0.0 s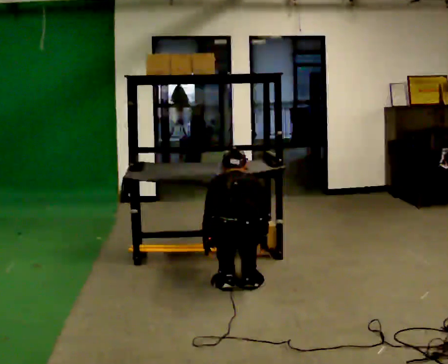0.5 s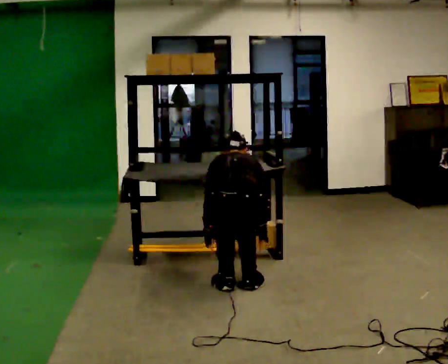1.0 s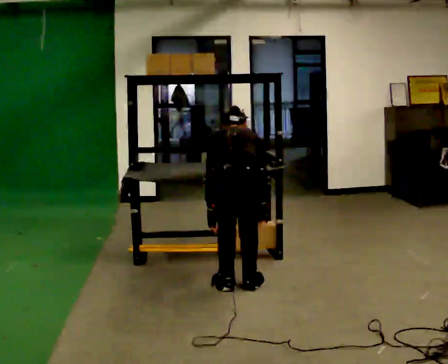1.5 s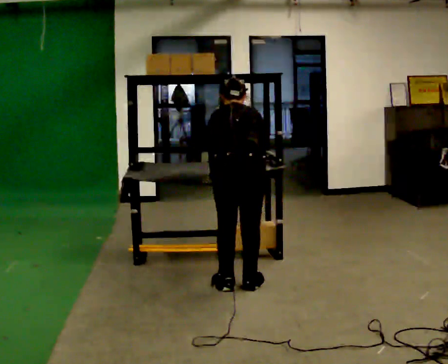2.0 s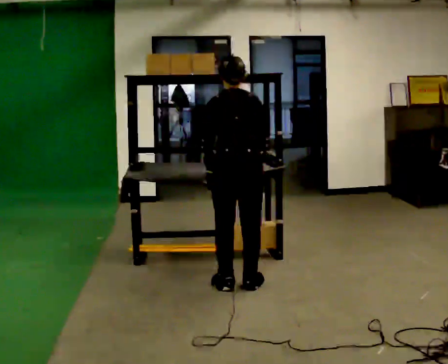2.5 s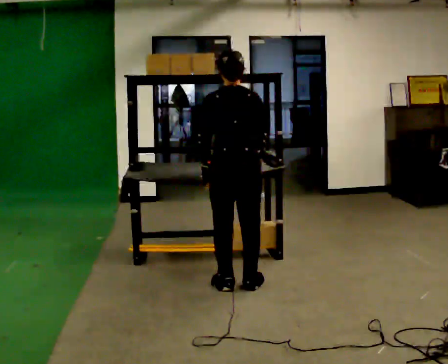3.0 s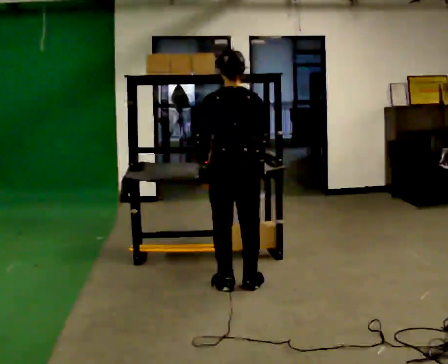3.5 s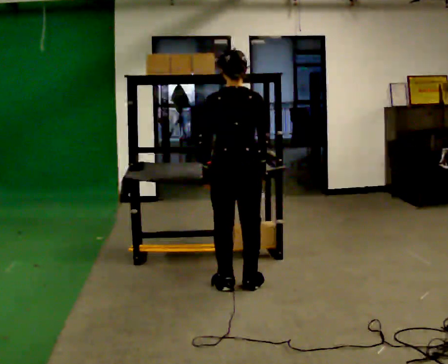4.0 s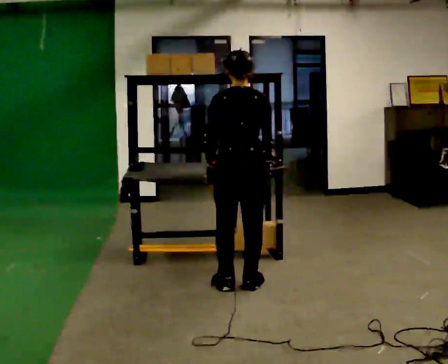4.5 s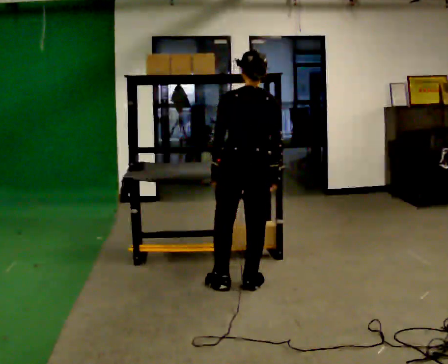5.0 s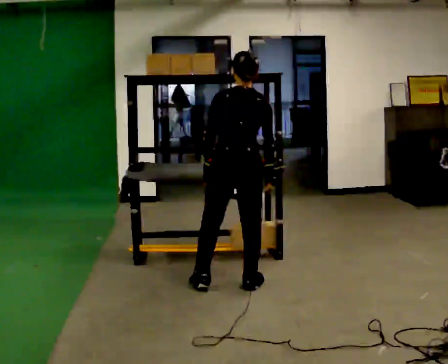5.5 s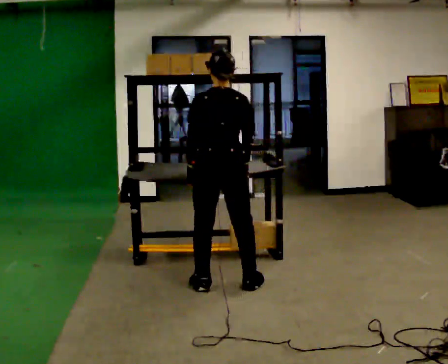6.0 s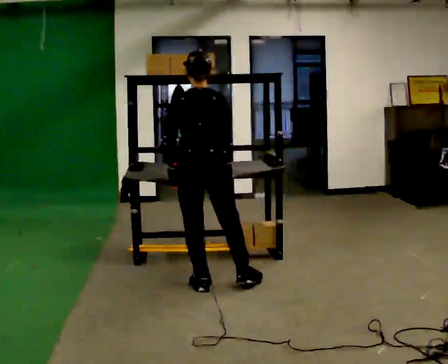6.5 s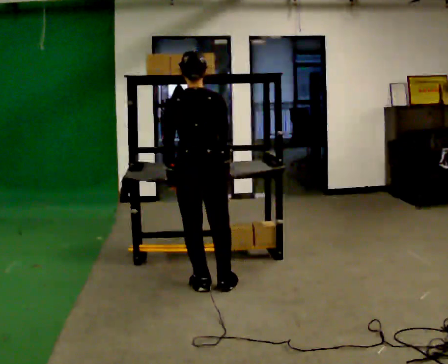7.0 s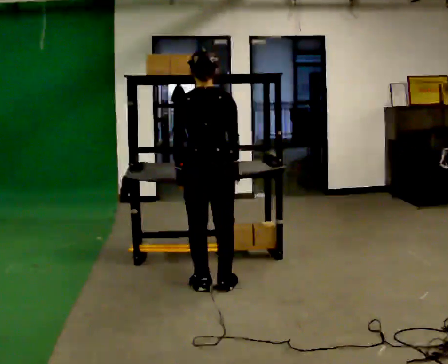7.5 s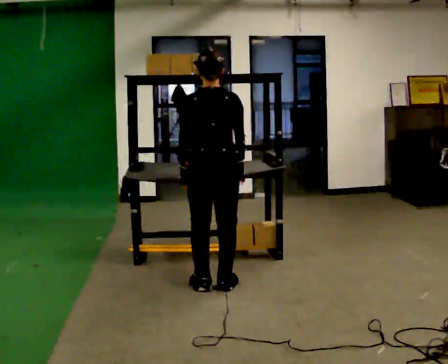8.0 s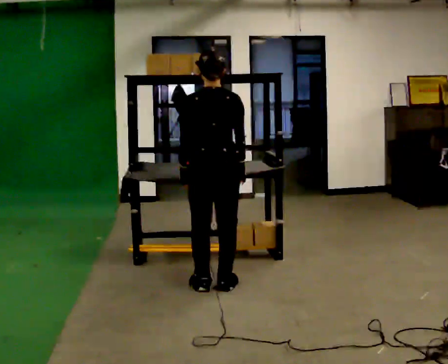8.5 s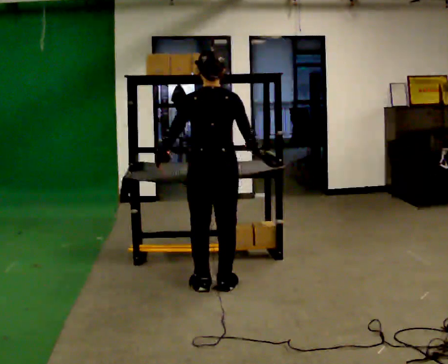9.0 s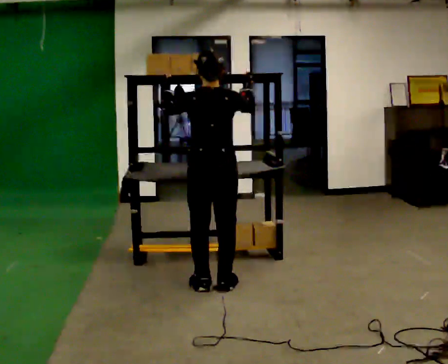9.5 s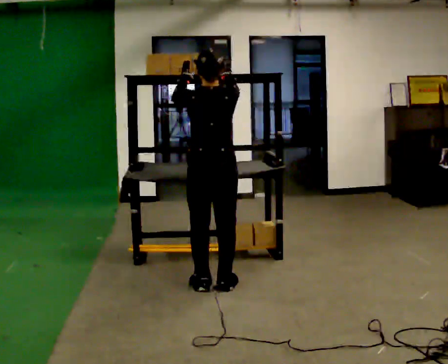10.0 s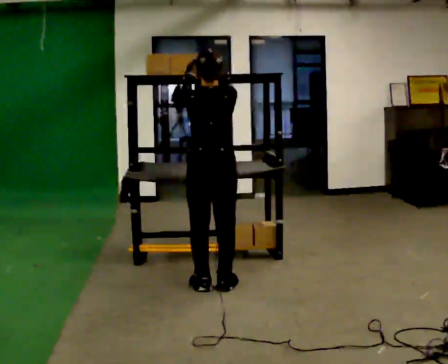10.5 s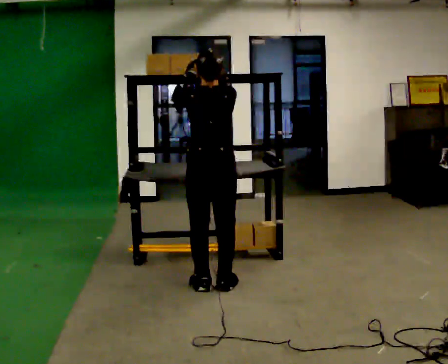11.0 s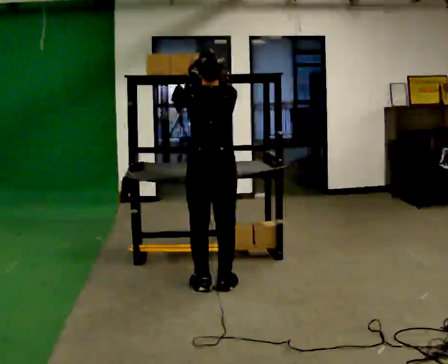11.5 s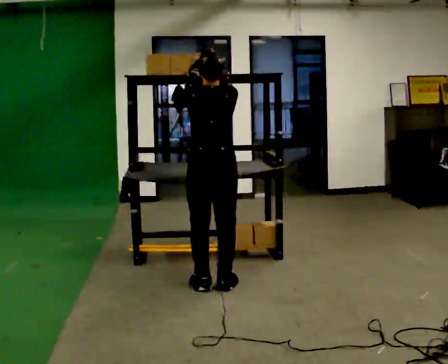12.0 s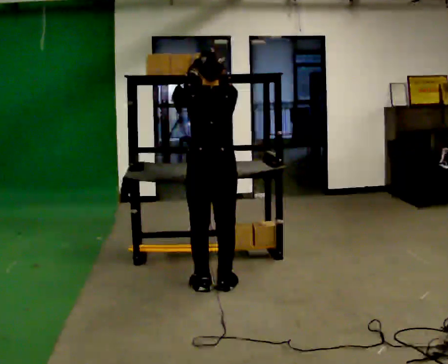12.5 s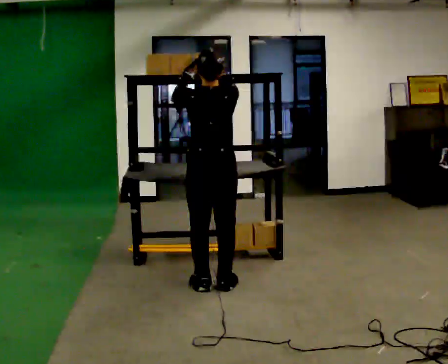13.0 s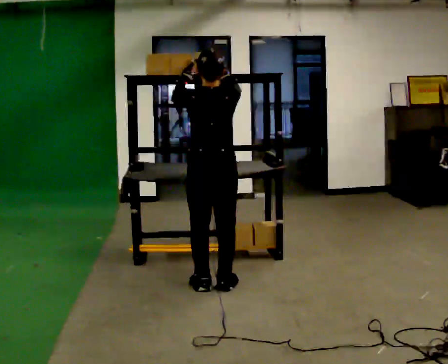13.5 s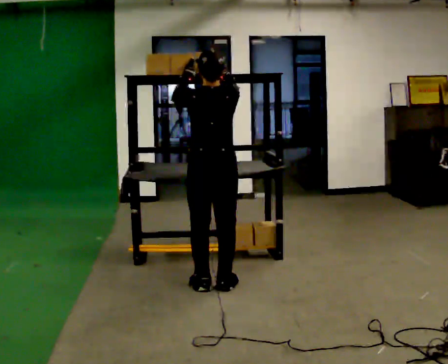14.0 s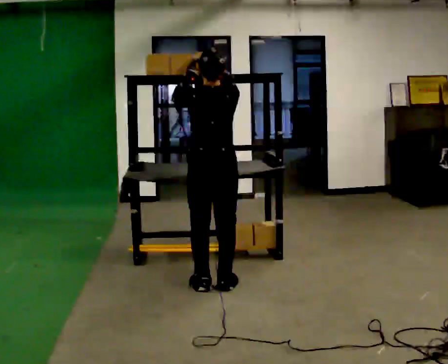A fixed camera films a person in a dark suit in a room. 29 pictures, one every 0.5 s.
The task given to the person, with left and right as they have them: Take an object from the highest shelf you can comfortably reach, carry it across, and place it on the lowest shelf. Keep going until the operator says stop; one object at a time, and do not rush between trips.
0.0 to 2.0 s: The upper body goes upward. In the picture their left hand goes upward.
2.0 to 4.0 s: The upper body tips toward the camera, its near side rolling downward, as they lean back or straighten.
4.0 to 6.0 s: In the picture they go to the left, about 0.25 m in 1 step, which for them is to their left.
6.0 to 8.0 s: The person moves a little, or ends about where they began.
8.0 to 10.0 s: In the picture their left hand goes upward.
10.0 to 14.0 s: The person moves a little, or ends about where they began.
The film runs forward here.
